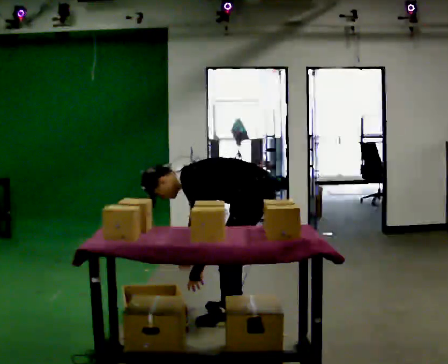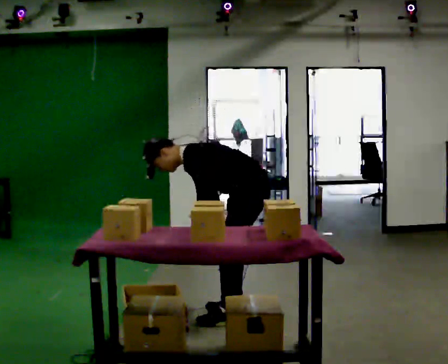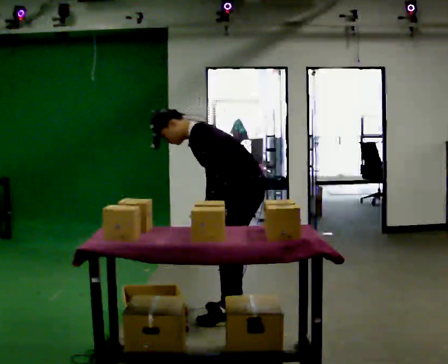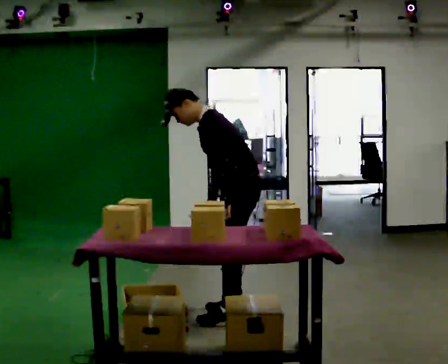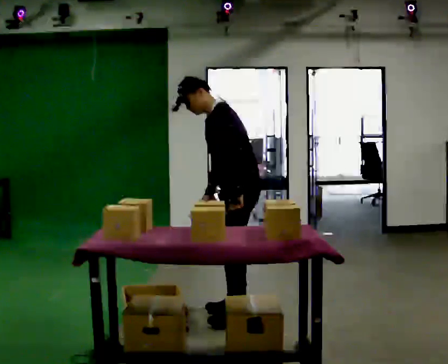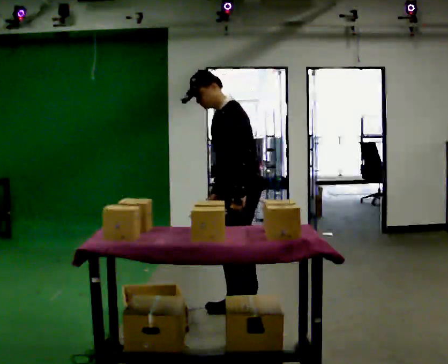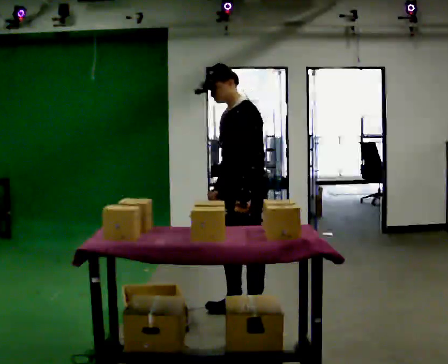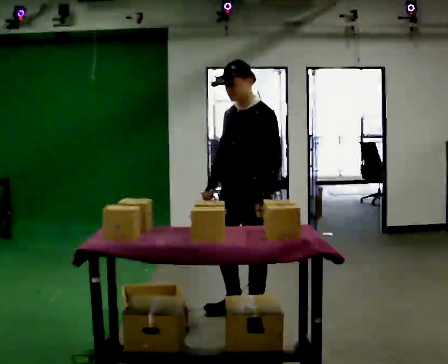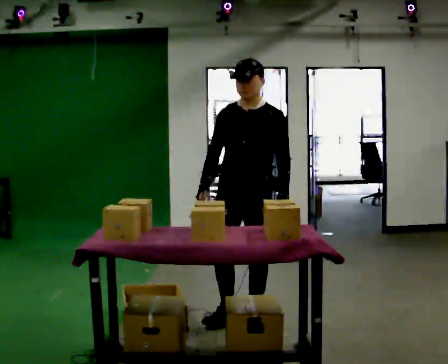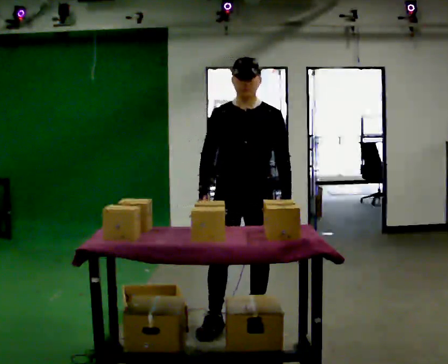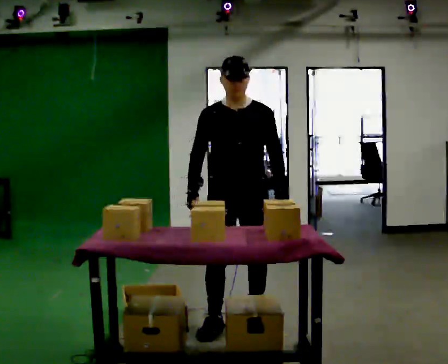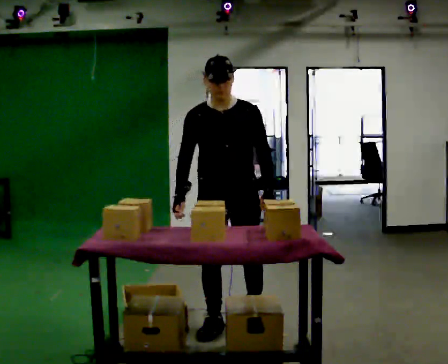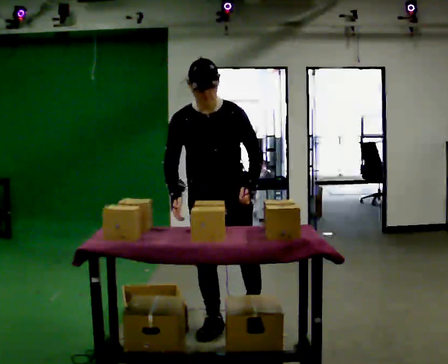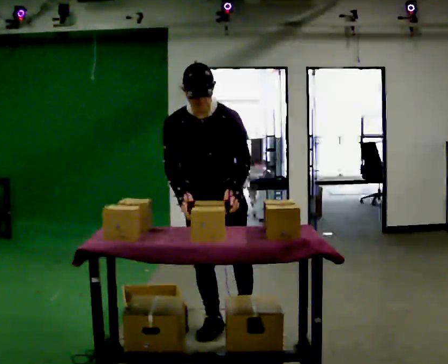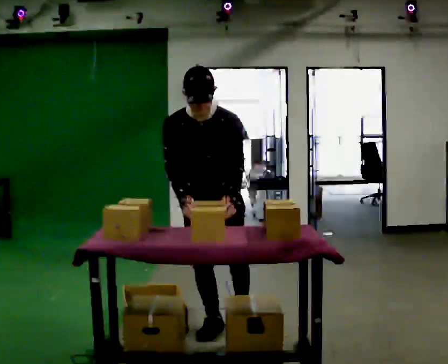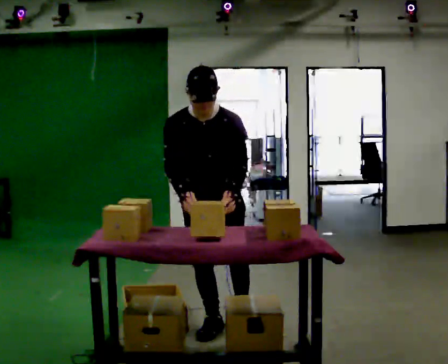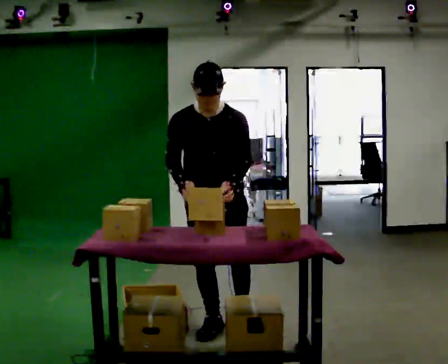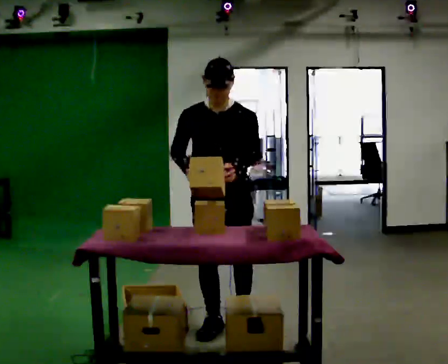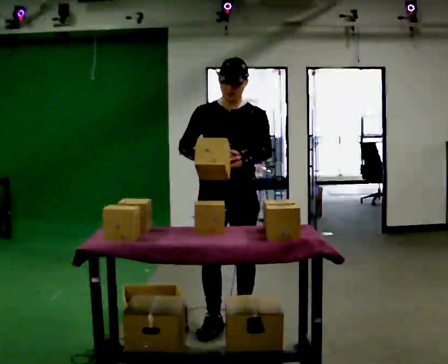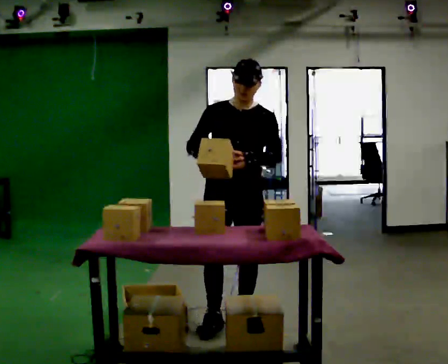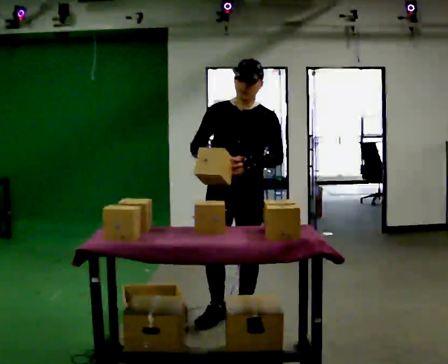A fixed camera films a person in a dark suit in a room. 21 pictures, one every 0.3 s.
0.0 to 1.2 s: The upper body goes upward. In the picture the upper body tilts clockwise, shoulders to the right, as they lean back or straighten. In the picture their left hand goes upward.
1.2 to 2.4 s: The part of the body nearest the lens slides to the right as the person turns to their left by about 60 degrees. In the picture they go toward the camera, about 0.25 m in 1 step, which for them is to their left. In the picture the upper body tilts clockwise, shoulders to the right, as they lean back or straighten.
2.4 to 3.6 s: The part of the body nearest the lens slides to the right as the person turns to their left by about 30 degrees. In the picture they go to the left and toward the camera, about 0.25 m, which for them is to their right and forward.
3.6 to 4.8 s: The person moves a little, or ends about where they began.
4.8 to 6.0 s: The upper body tips away from the camera, its near side rolling upward, as they lean back or straighten.
The film runs backward here.
